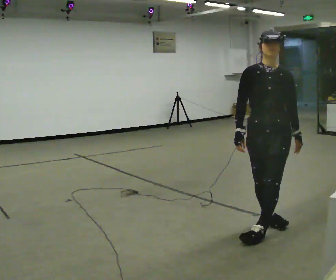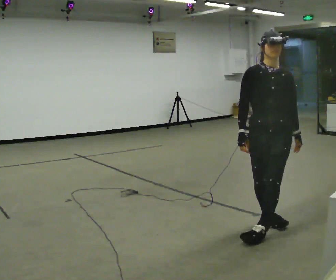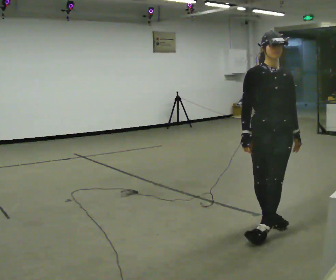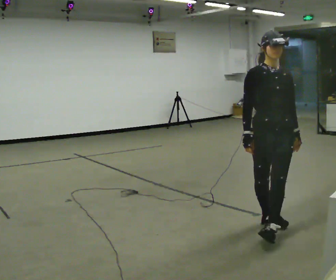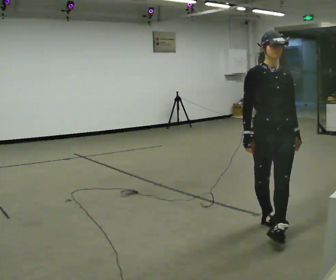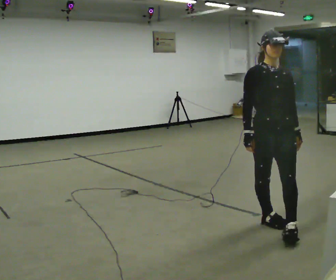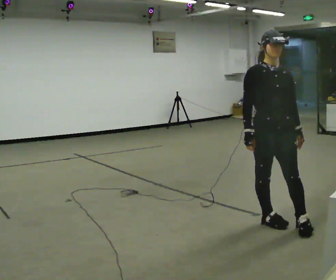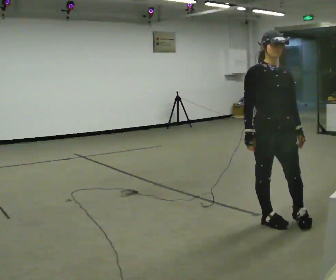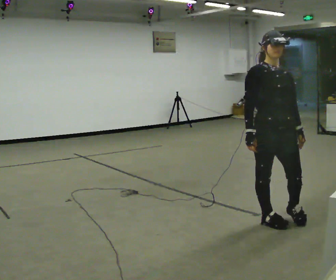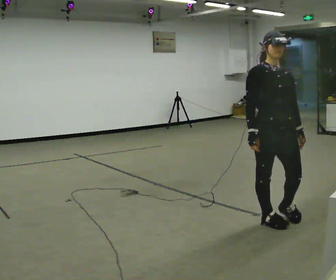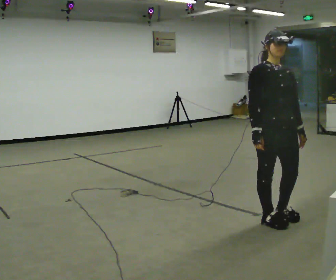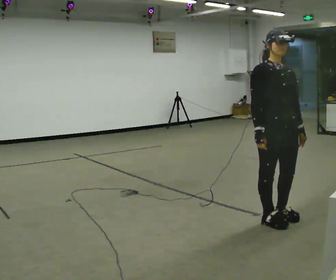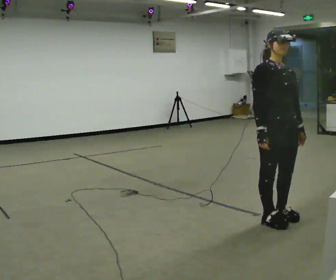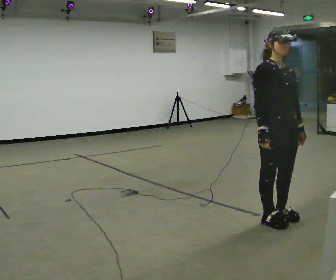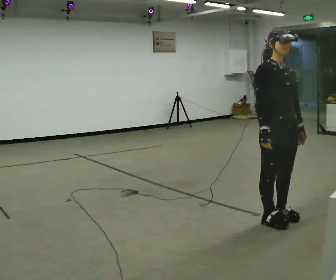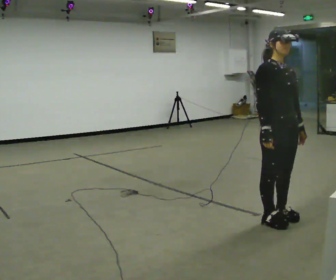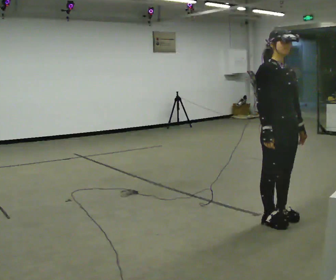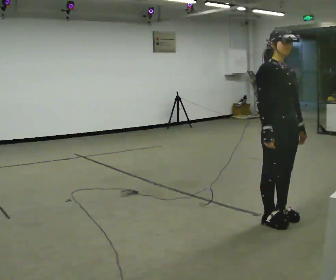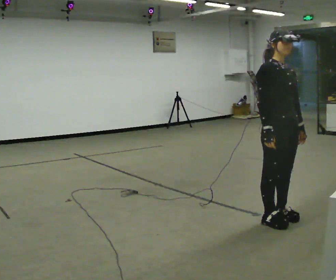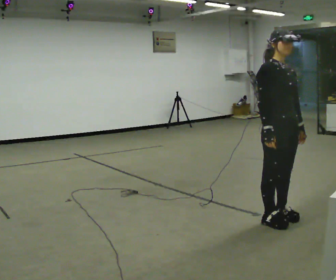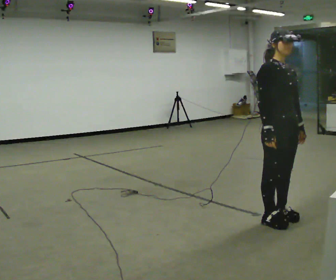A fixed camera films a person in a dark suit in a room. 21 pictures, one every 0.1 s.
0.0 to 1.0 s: Seen from above the body turns counterclockwise, about 30 degrees: to their left, with its near side sliding to the right.
1.0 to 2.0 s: The person moves a little, or ends about where they began.
The film runs backward here.
